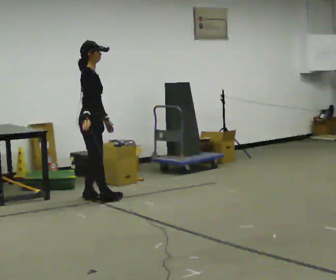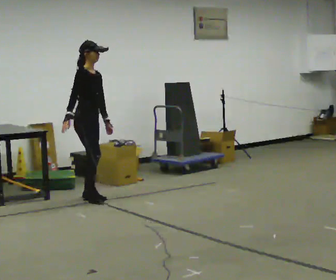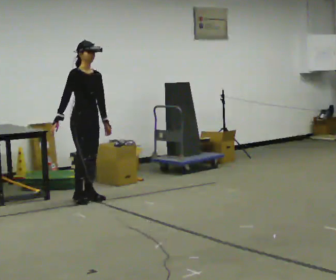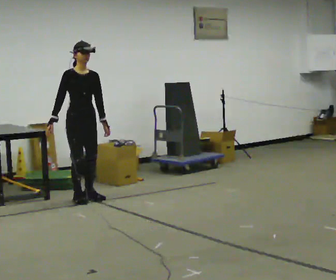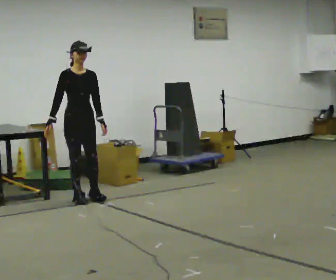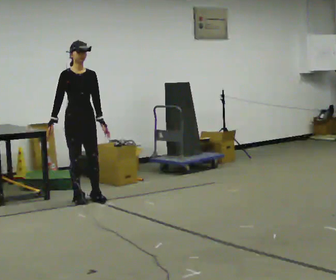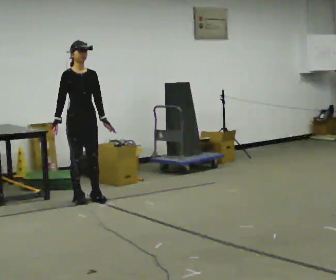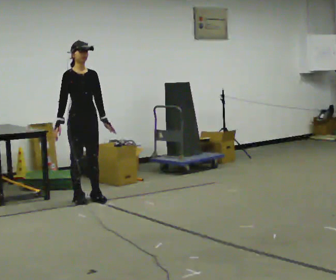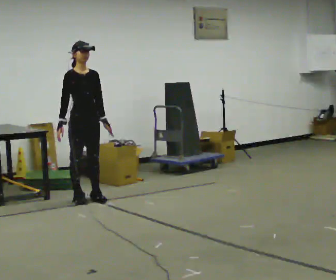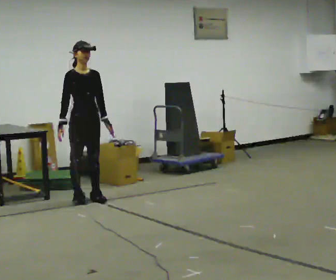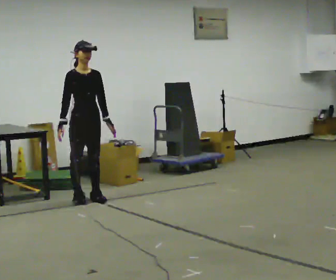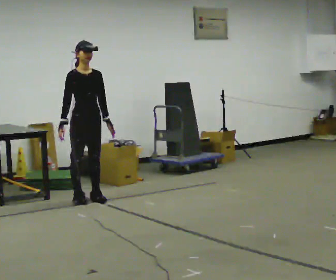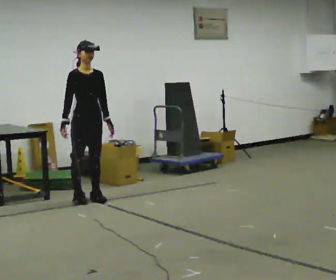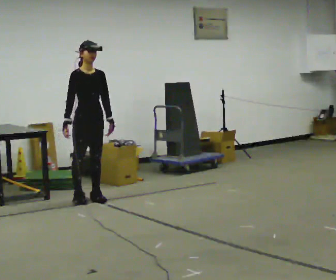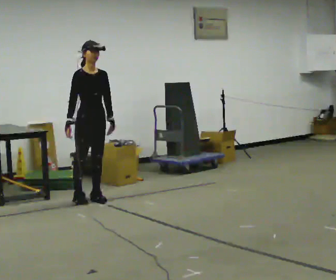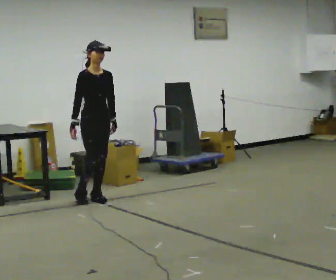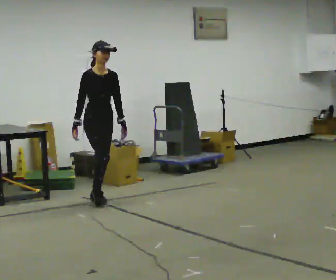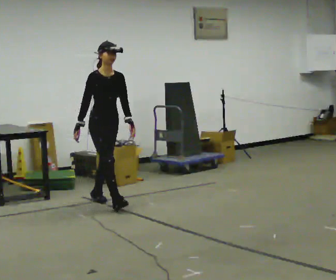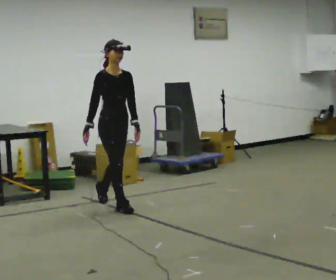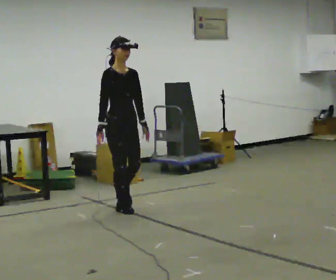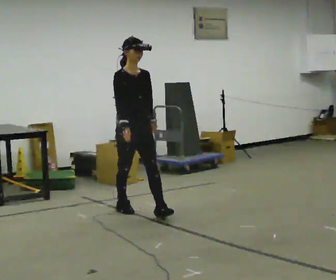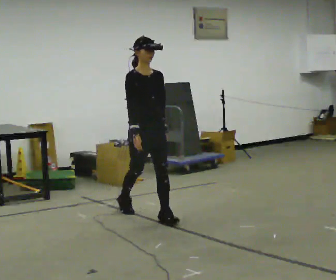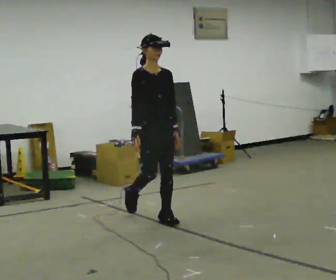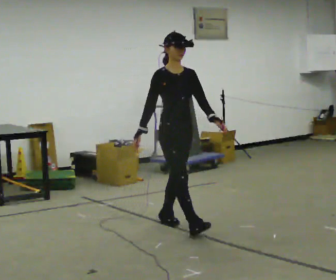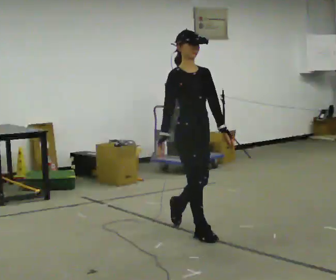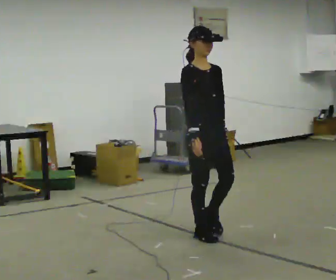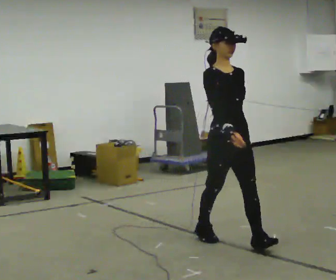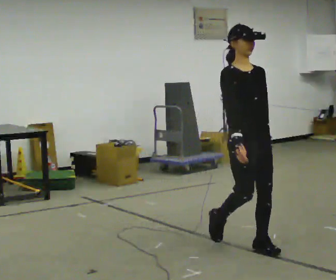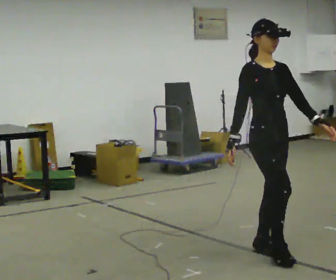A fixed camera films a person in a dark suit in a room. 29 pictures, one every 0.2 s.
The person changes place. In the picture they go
toward the camera.
0.0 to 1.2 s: The person turns about 45 degrees to their right, clockwise seen from above, so the part of the body nearest the lens slides to the left.
1.2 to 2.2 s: The person moves a little, or ends about where they began.
2.2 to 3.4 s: In the picture they go toward the camera and to the right, about 0.25 m, which for them is forward.
3.4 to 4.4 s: In the picture they go toward the camera and to the right, about 1 m in 2 steps, which for them is forward.
4.4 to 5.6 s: In the picture they go toward the camera and to the right, about 1.5 m in 2 steps, which for them is forward.
The film runs forward here.
